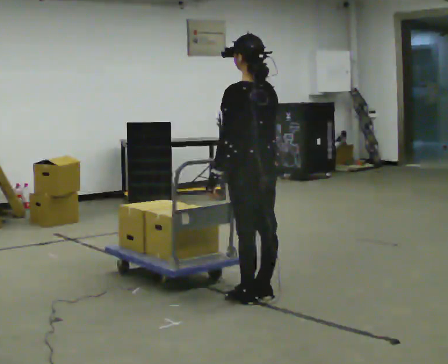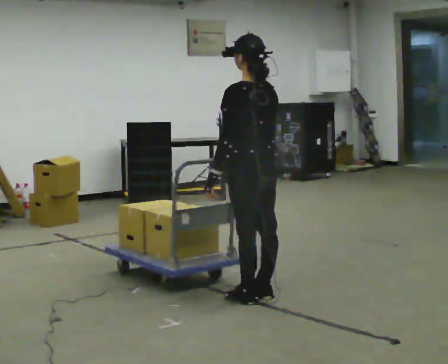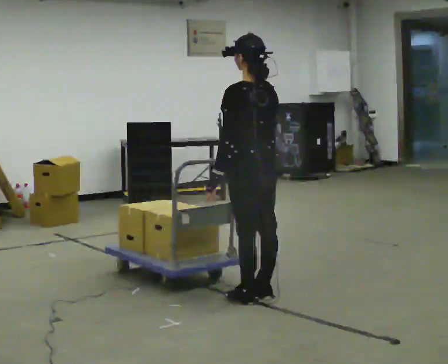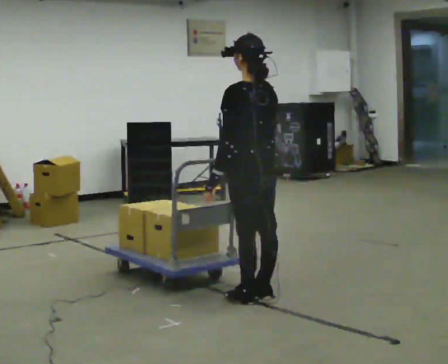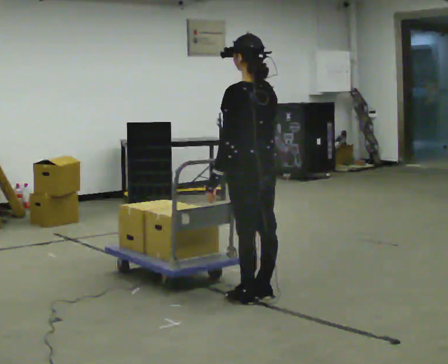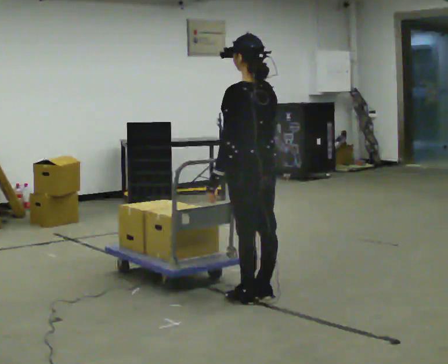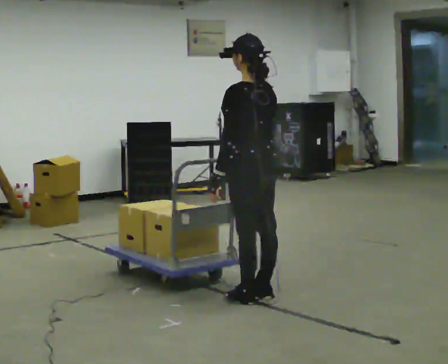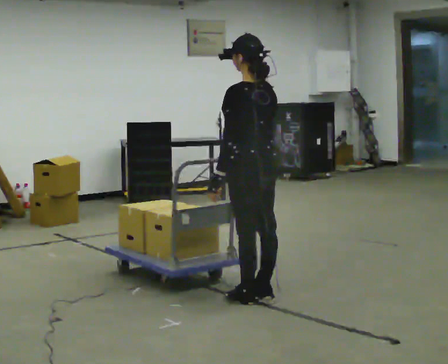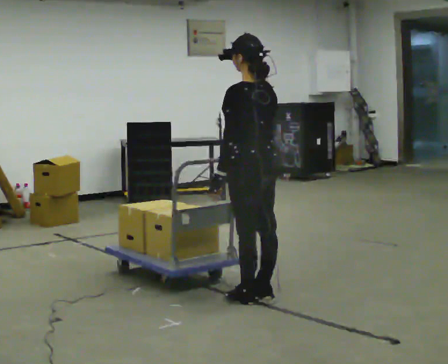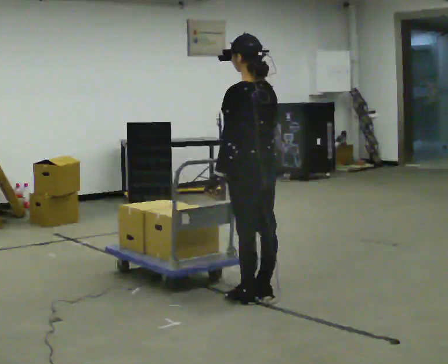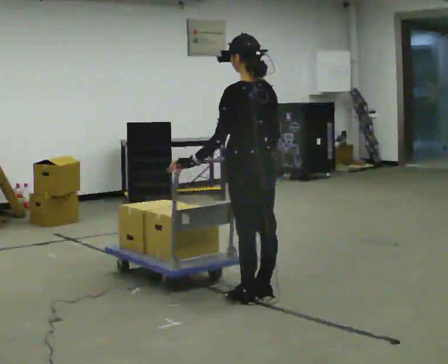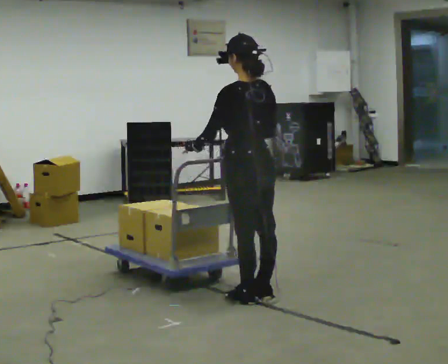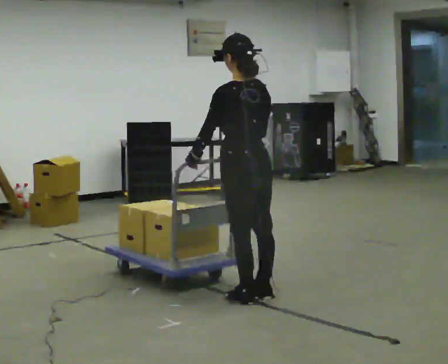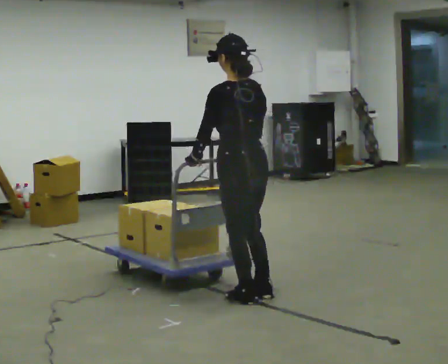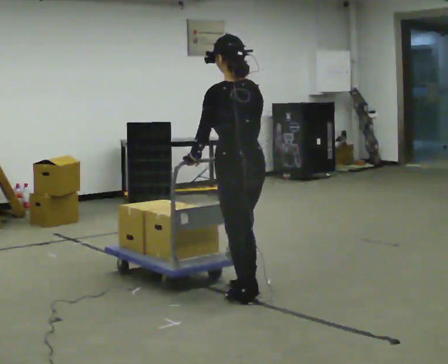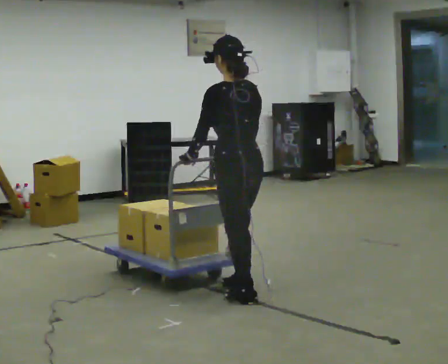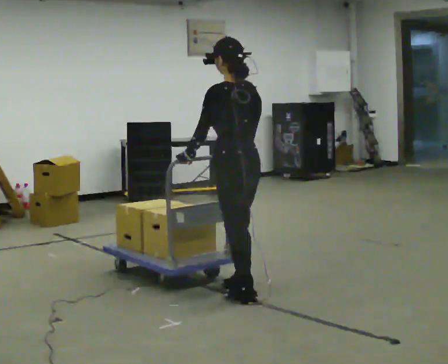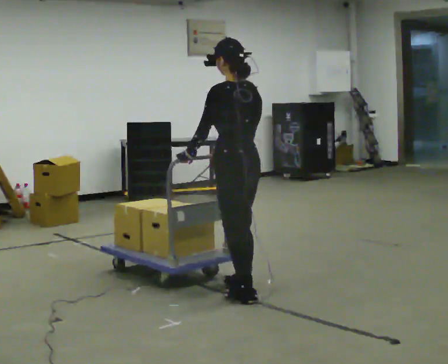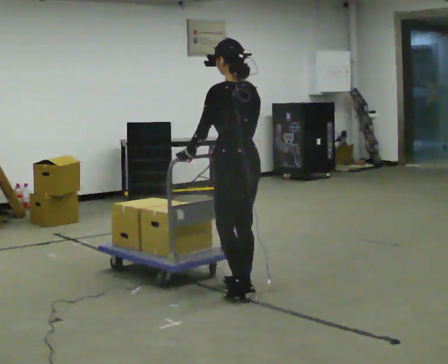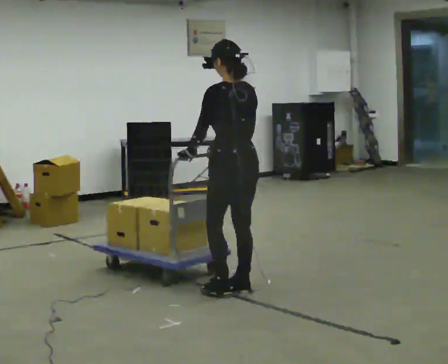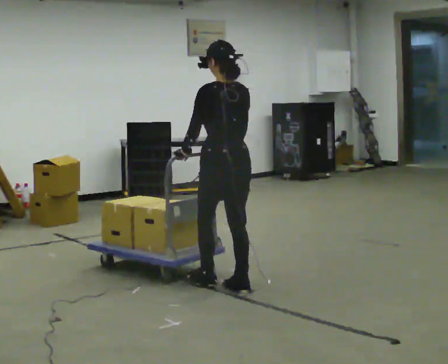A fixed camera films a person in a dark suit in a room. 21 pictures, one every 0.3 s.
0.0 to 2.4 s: The person keeps their place and pose.
2.4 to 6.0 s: In the picture they go away from the camera, about 0.25 m in 1 step, which for them is forward.
The film runs forward here.
